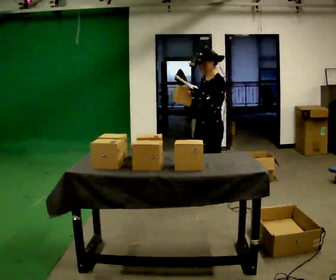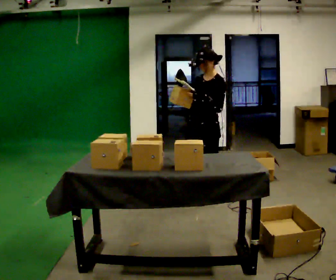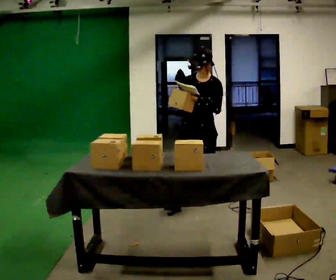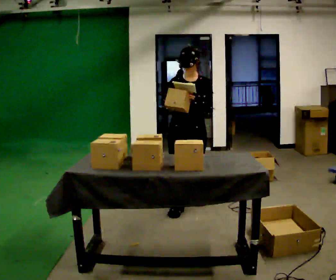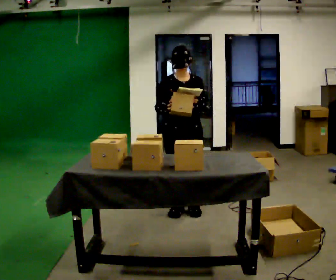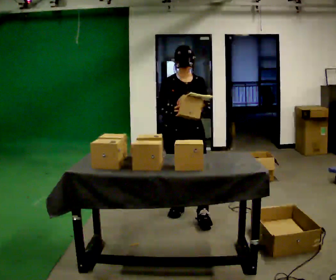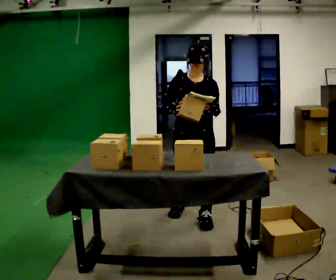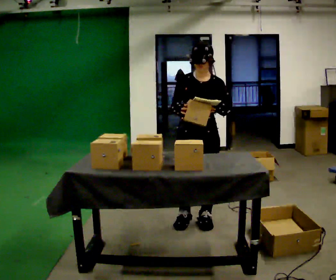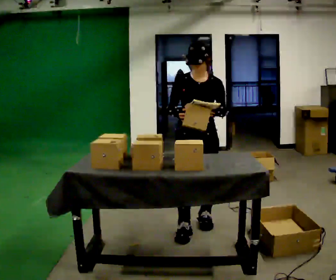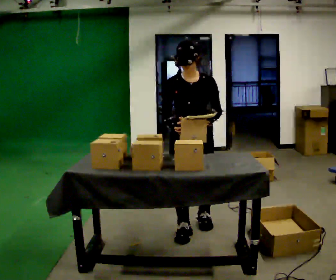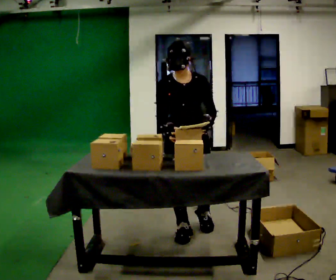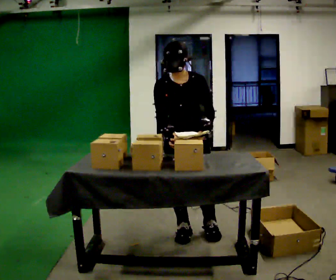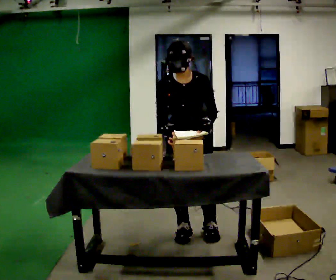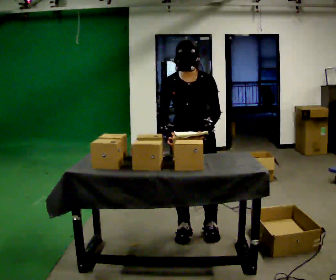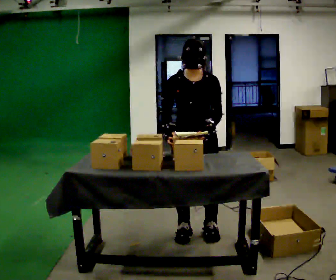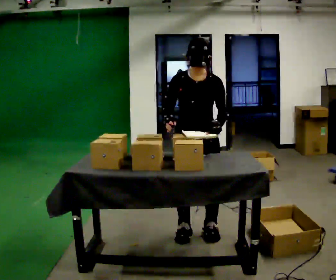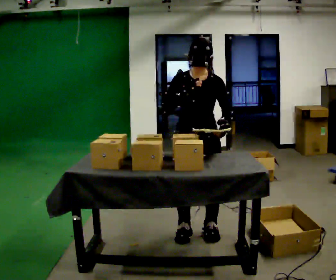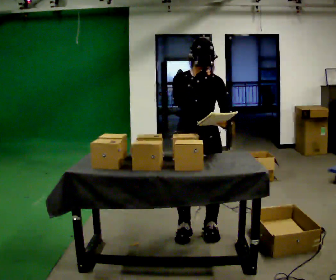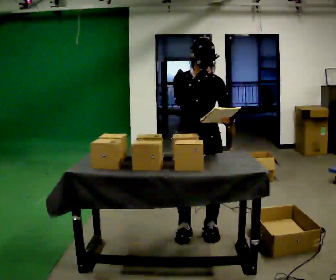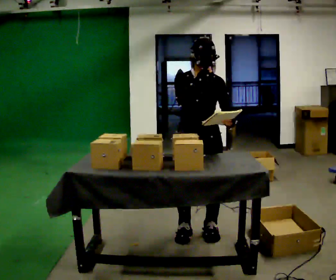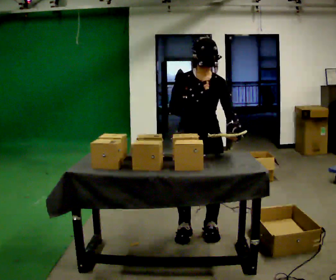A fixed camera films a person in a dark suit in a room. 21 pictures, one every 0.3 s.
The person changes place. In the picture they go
toward the camera.
0.0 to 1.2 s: The person turns about 75 degrees to their left, counterclockwise seen from above, so the part of the body nearest the lens slides to the right. In the picture they go toward the camera and to the left, about 0.5 m in 1 step.
1.2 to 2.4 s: In the picture they go toward the camera and to the right, about 0.5 m in 2 steps, which for them is forward.
2.4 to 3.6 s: In the picture they go toward the camera, about 0.25 m in 1 step, which for them is forward.
3.6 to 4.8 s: In the picture their right hand goes upward.
4.8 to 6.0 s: The person moves a little, or ends about where they began.
The film runs forward here.
